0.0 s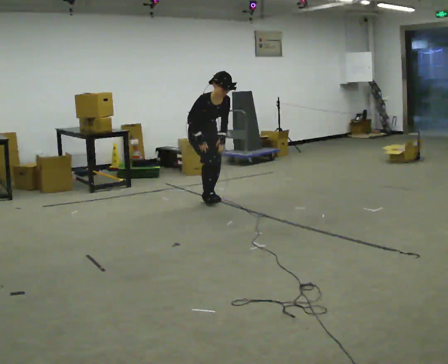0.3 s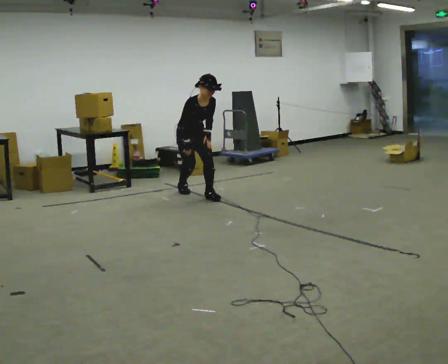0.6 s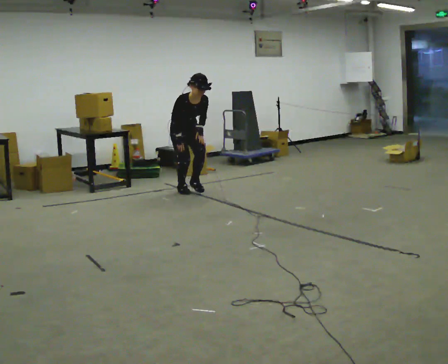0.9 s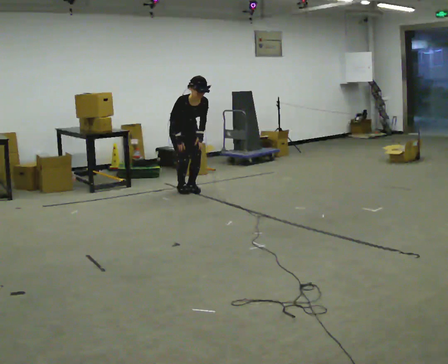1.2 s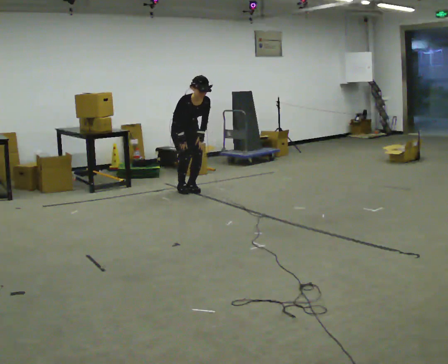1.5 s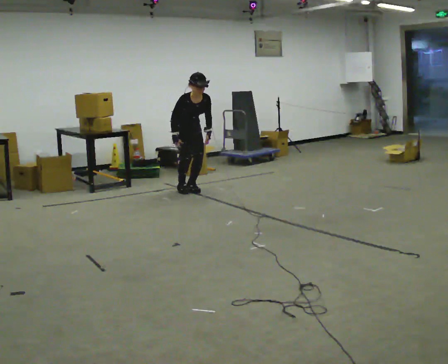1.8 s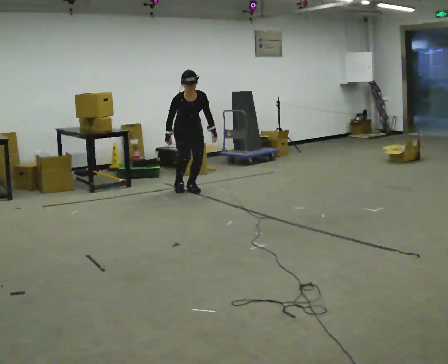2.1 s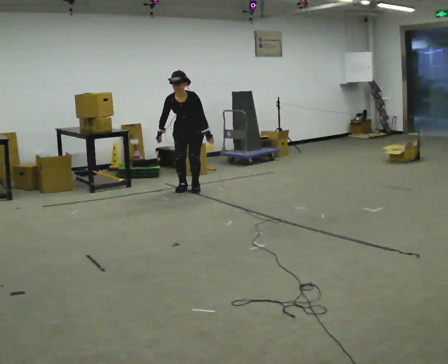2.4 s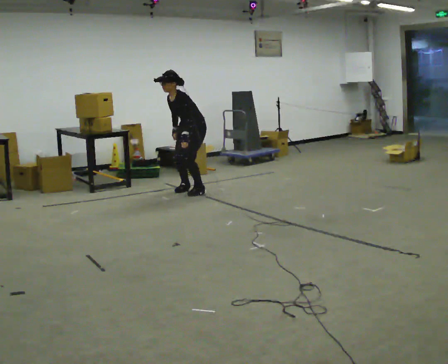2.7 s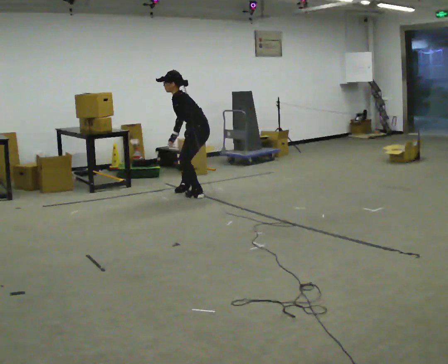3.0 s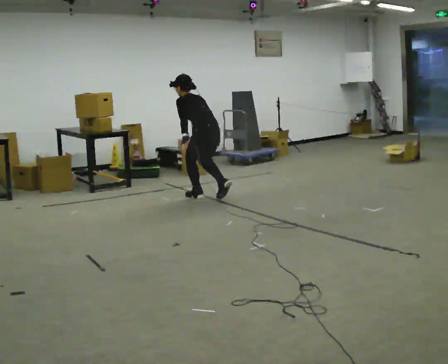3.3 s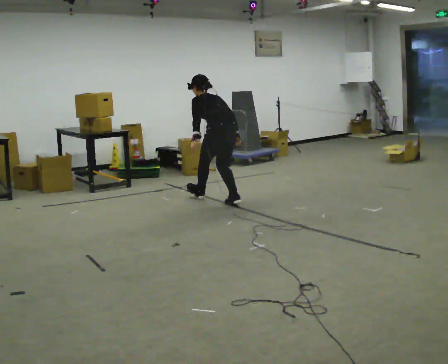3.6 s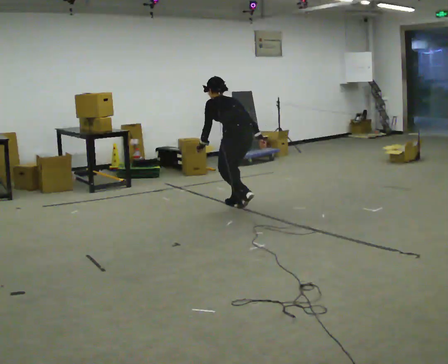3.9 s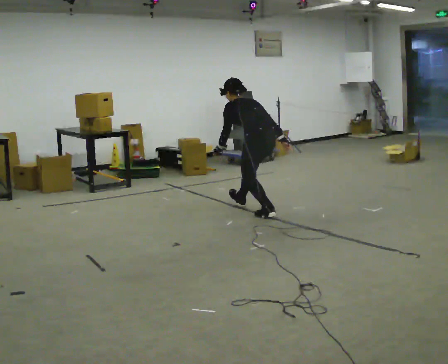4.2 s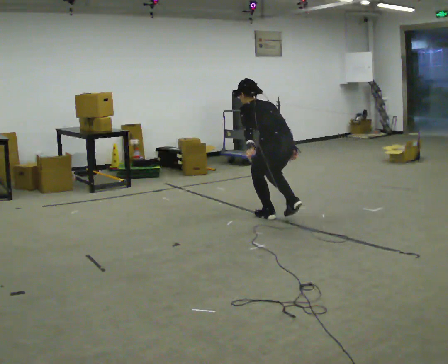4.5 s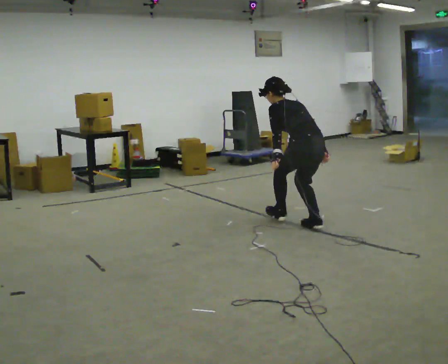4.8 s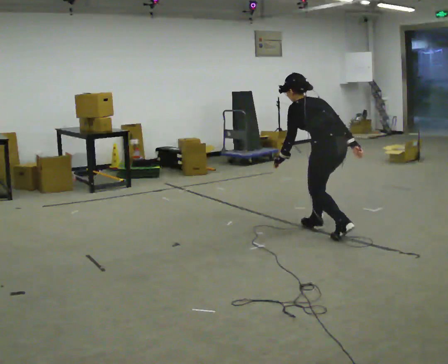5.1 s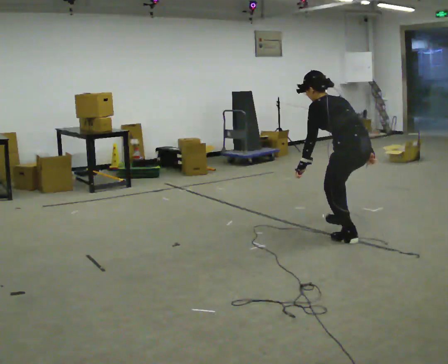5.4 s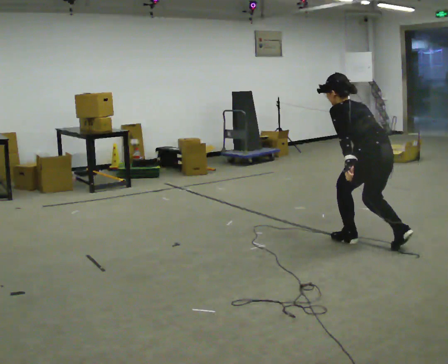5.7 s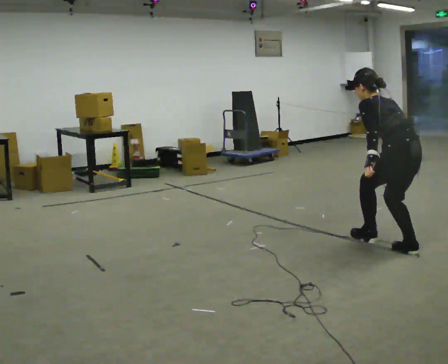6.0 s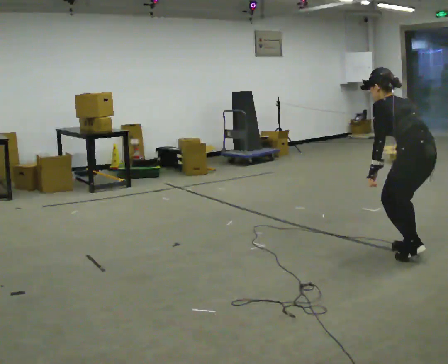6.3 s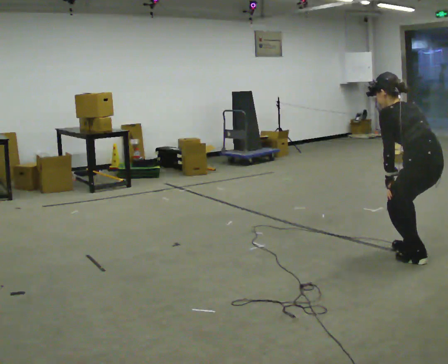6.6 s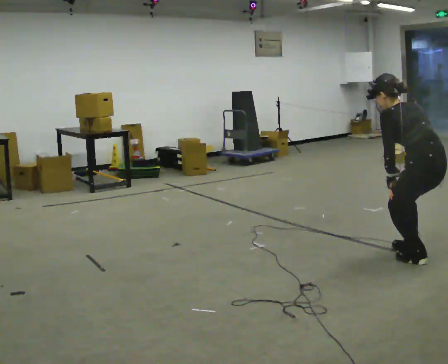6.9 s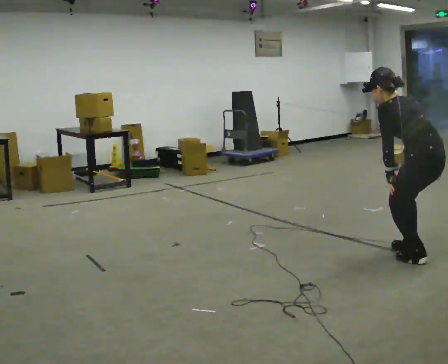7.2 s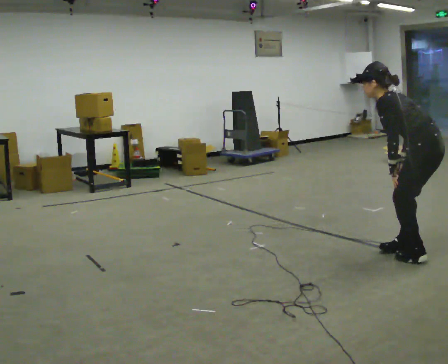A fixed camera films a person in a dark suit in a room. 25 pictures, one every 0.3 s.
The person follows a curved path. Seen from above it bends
clockwise.
0.0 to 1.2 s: In the picture they go away from the camera and to the left, about 0.5 m in 1 step, which for them is backward.
1.2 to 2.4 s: The part of the body nearest the lens slides to the left as the person turns to their right by about 75 degrees. In the picture the upper body tilts counterclockwise, shoulders to the left.
2.4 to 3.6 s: The person turns about 90 degrees to their right, clockwise seen from above, so the part of the body nearest the lens slides to the left. In the picture they go toward the camera and to the right, about 1 m in 2 steps. The upper body tips away from the camera, its near side rolling upward.
3.6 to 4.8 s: In the picture they go toward the camera and to the right, about 1 m in 2 steps, which for them is backward.
4.8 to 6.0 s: In the picture they go toward the camera and to the right, about 1 m in 2 steps, which for them is backward.
6.0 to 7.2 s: In the picture the upper body tilts counterclockwise, shoulders to the left.
The film runs backward here.
